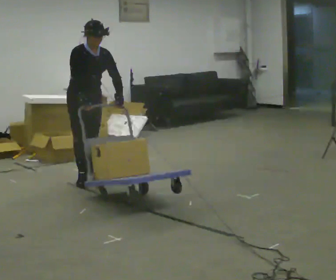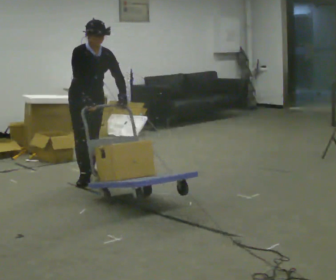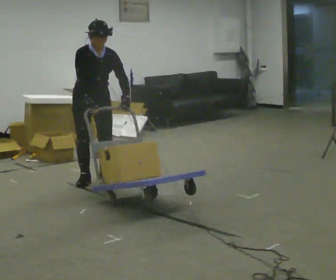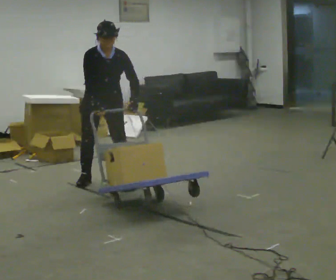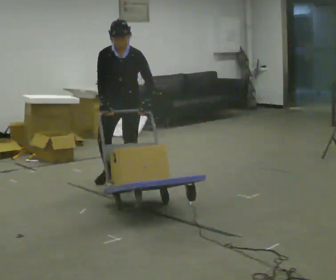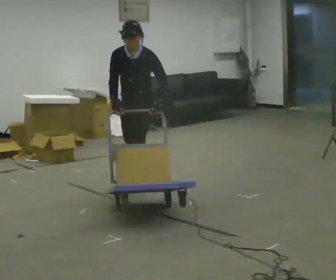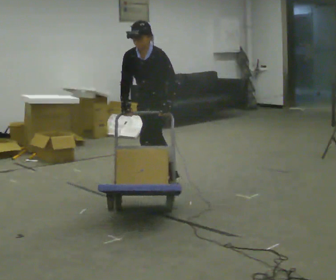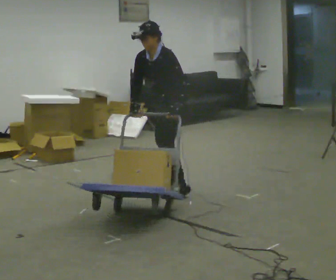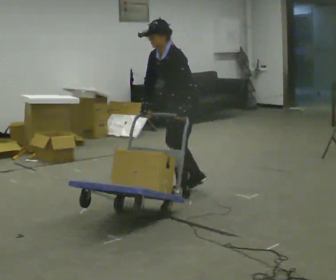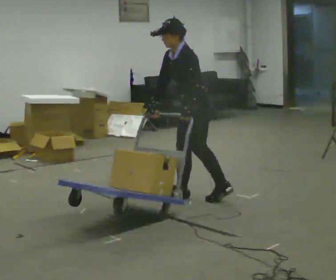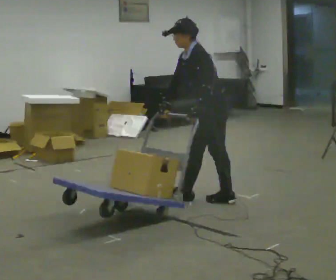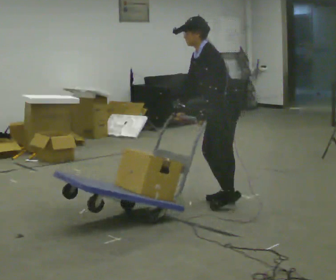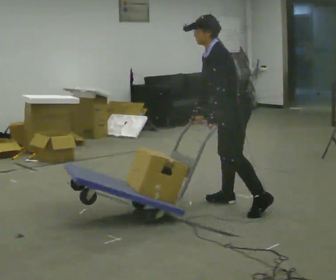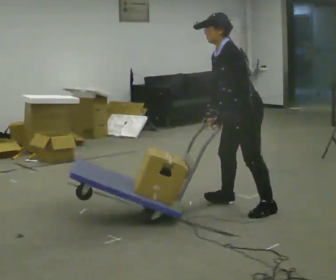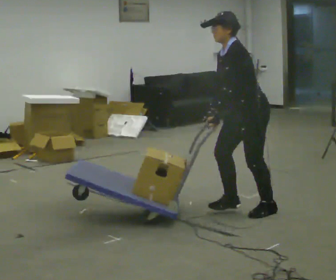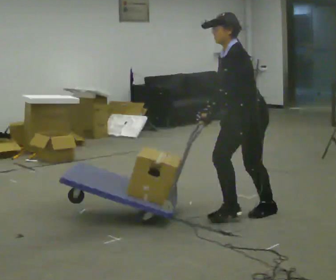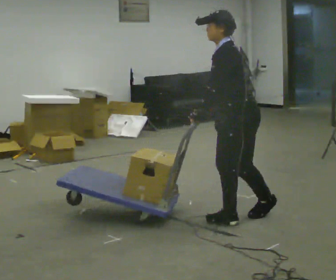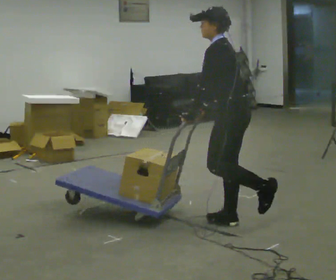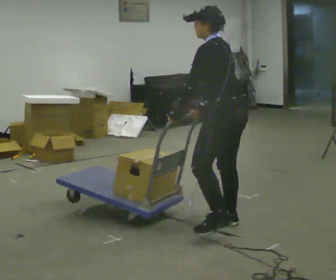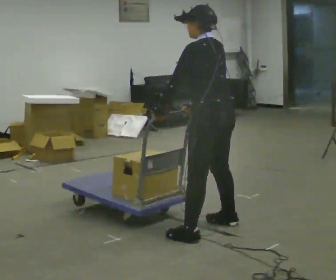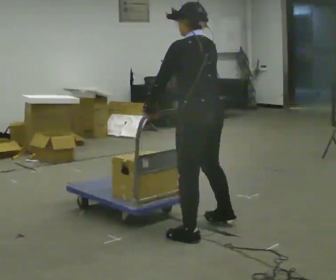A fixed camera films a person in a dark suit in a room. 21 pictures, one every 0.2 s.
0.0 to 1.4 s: The part of the body nearest the lens slides to the left as the person turns to their right by about 105 degrees. In the picture they go to the right, about 1 m in 4 steps. In the picture the upper body tilts counterclockwise, shoulders to the left.
1.4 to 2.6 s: In the picture they go to the right and toward the camera, about 1 m in 2 steps, which for them is backward and to their left.
2.6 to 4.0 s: The person turns about 60 degrees to their right, clockwise seen from above, so the part of the body nearest the lens slides to the left. In the picture they go toward the camera and to the left, about 0.75 m in 2 steps, which for them is to their left and forward. In the picture the upper body tilts clockwise, shoulders to the right.
The film runs backward here.
